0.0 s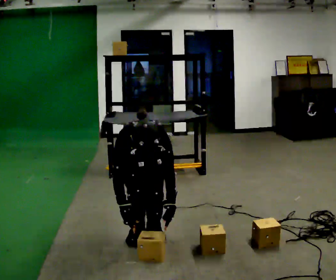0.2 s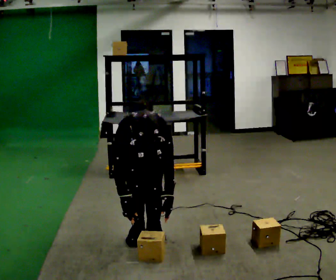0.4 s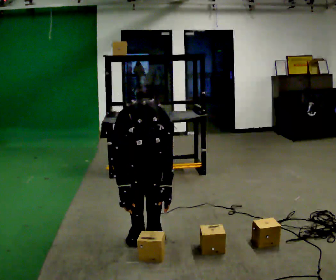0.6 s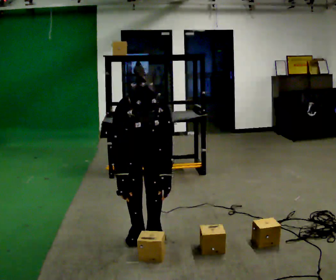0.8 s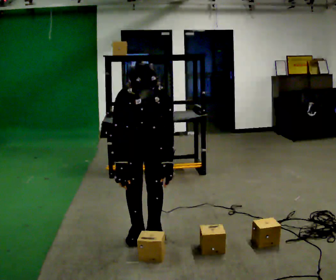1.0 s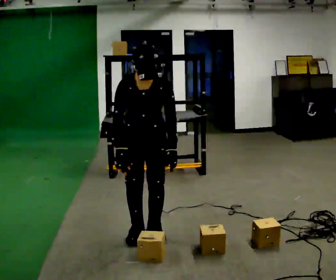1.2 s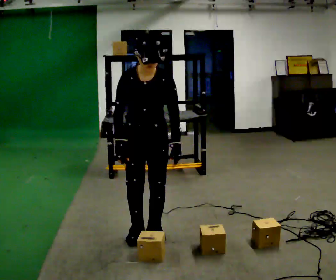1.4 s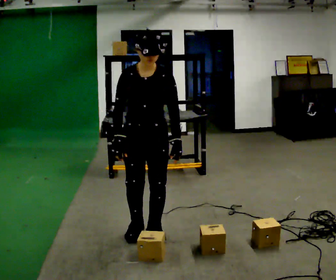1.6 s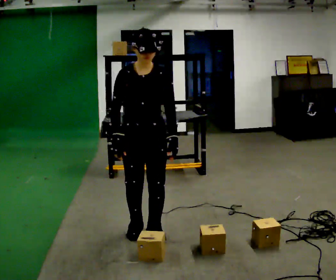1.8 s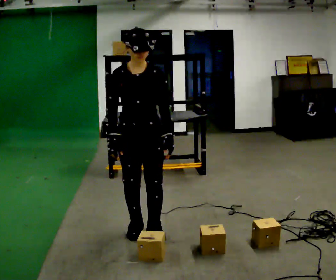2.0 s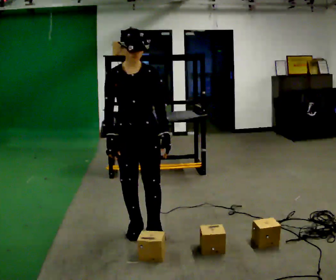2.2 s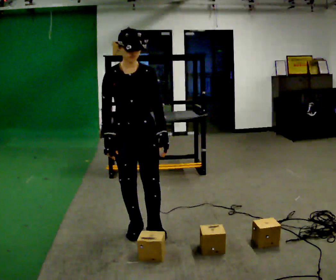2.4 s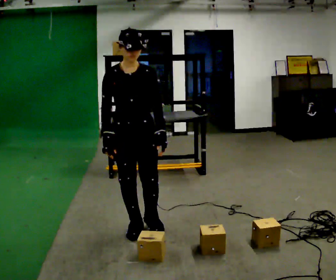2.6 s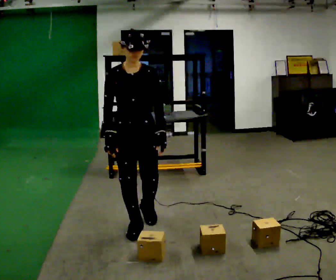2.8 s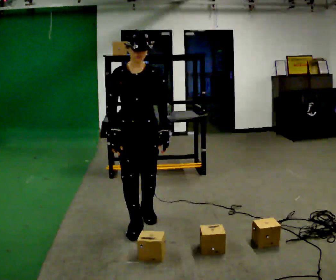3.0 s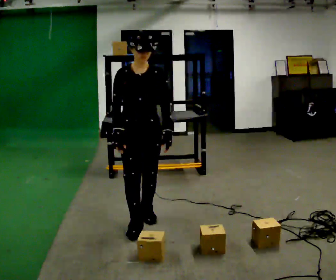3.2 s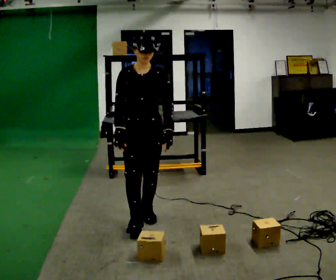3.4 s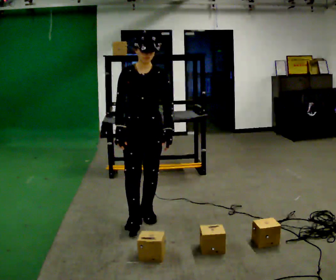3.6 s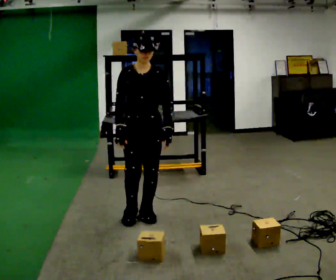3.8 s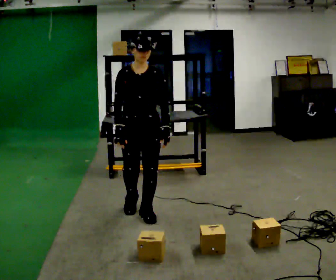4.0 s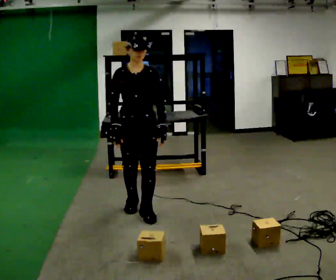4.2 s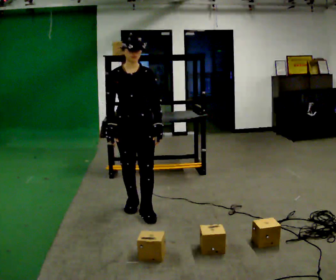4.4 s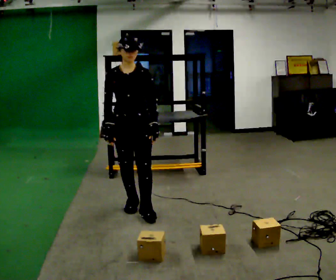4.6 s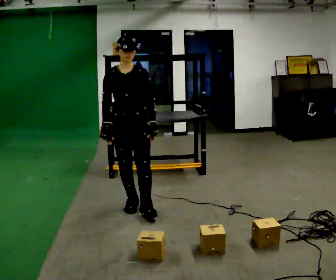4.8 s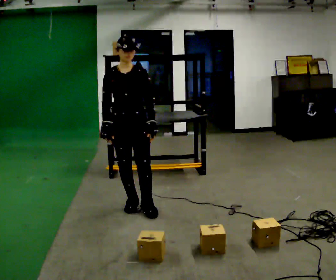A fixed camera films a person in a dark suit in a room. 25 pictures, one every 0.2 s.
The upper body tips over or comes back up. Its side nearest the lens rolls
upward.
Their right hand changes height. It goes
upward.
0.0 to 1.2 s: The shoulders move upward. The upper body tips away from the camera, its near side rolling upward, as they lean back or straighten. In the picture their right hand goes upward.
1.2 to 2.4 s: The upper body tips away from the camera, its near side rolling upward, as they lean back or straighten.
2.4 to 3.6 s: In the picture they go away from the camera, about 0.25 m in 1 step, which for them is backward.
3.6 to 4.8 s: In the picture they go away from the camera, about 0.25 m in 1 step, which for them is backward and to their right.
The film runs backward here.
